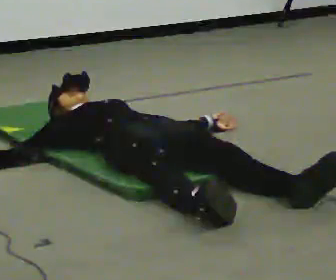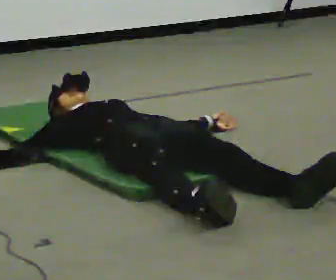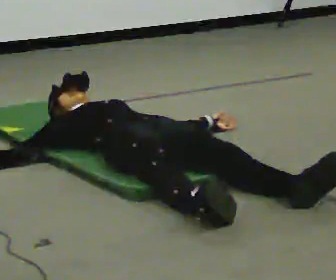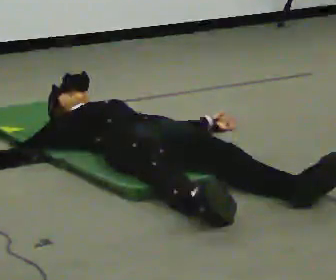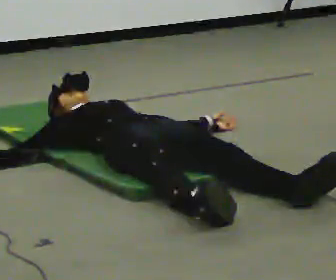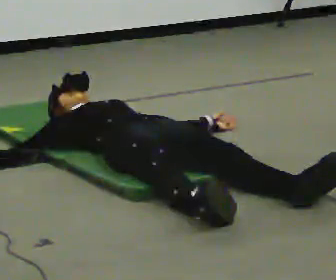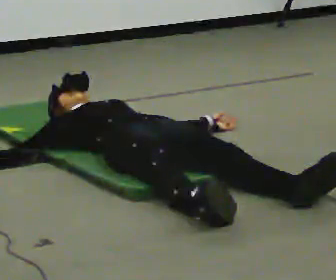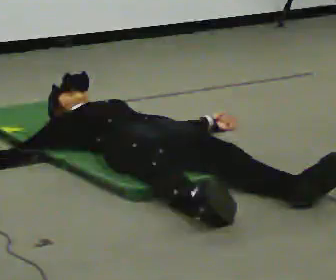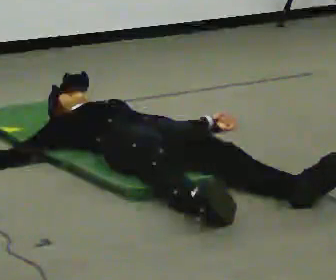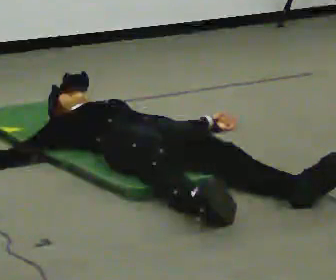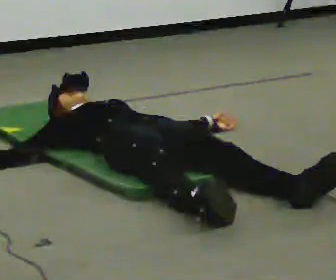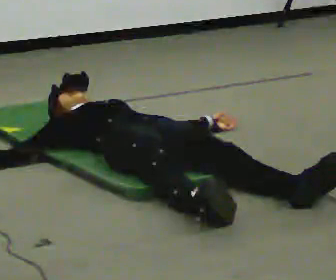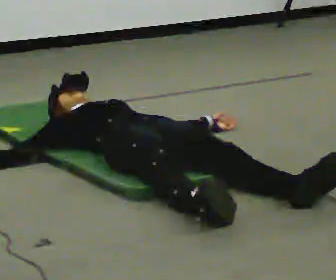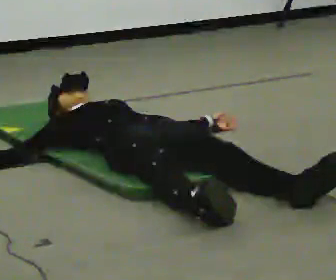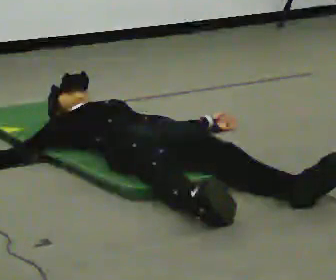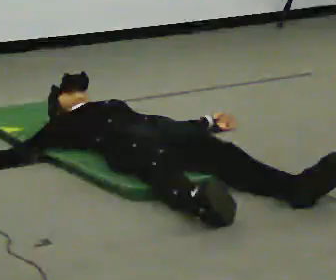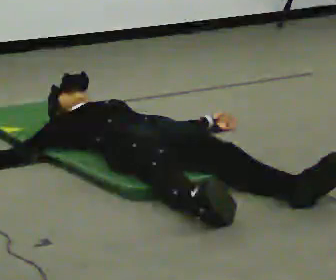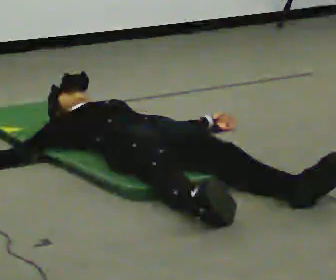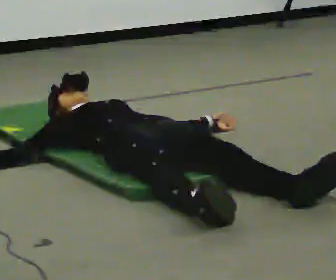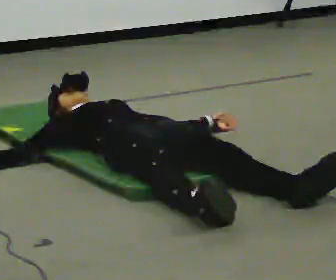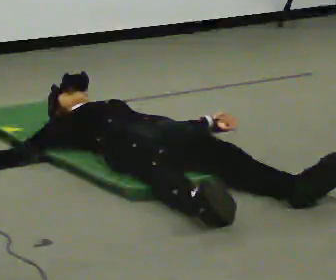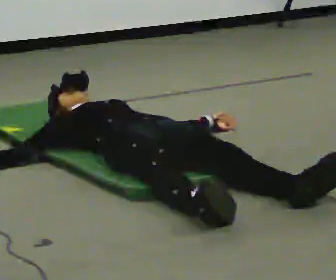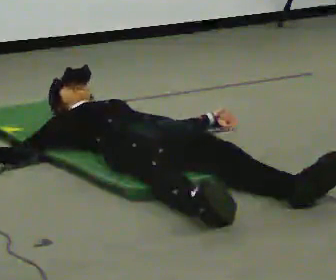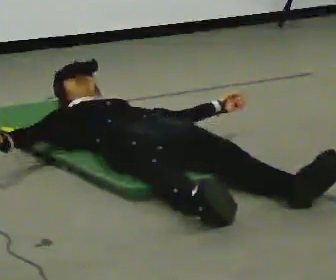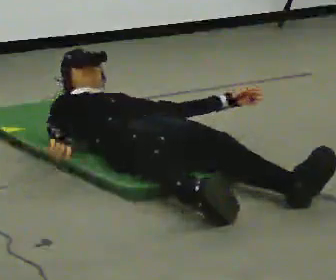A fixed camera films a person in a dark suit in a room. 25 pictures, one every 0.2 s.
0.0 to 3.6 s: The person keeps their place and pose.
3.6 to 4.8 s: In the picture the upper body tilts clockwise, shoulders to the right. In the picture their right hand goes to the right.
The film runs forward here.
